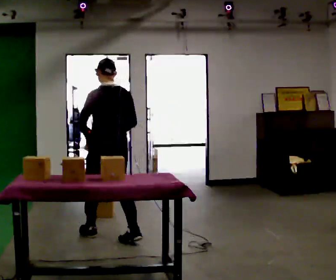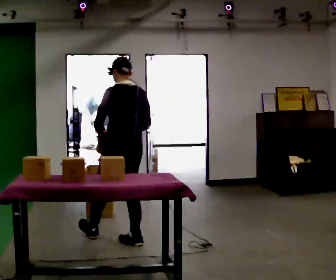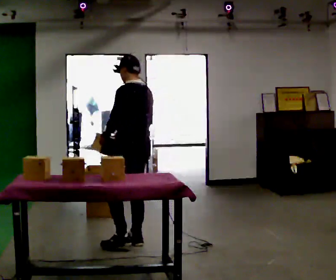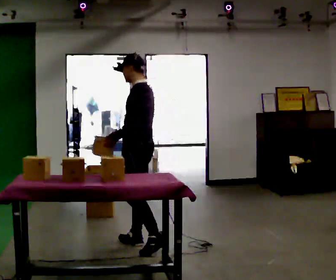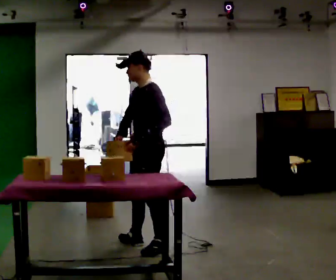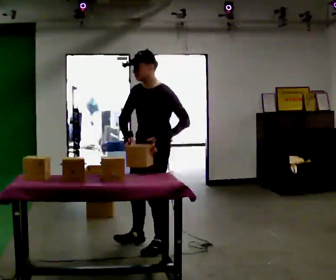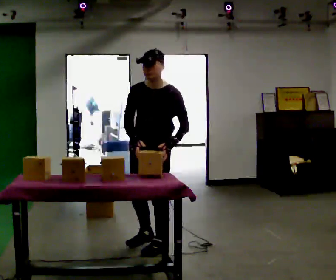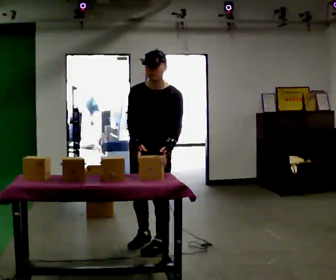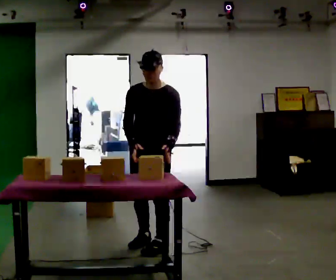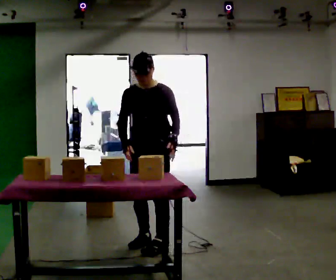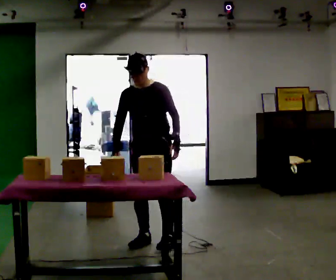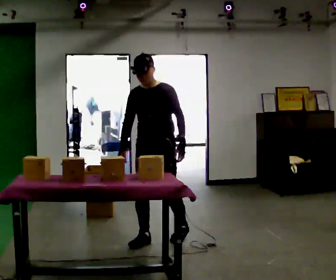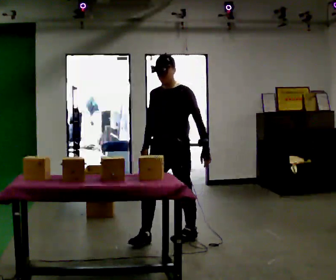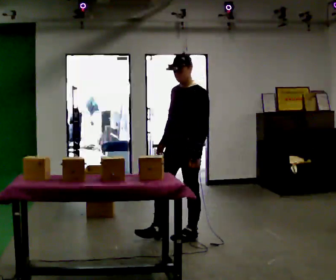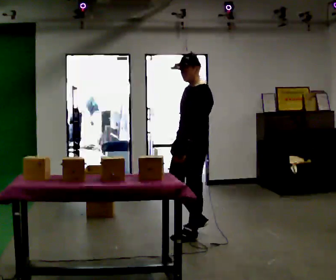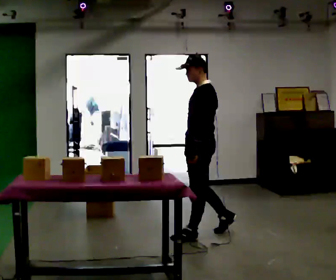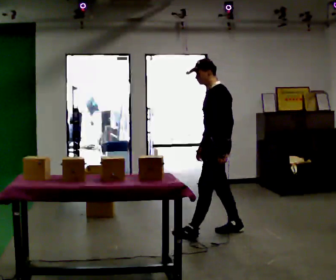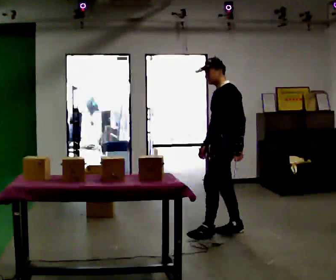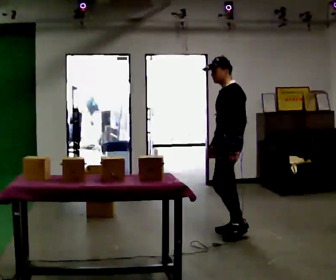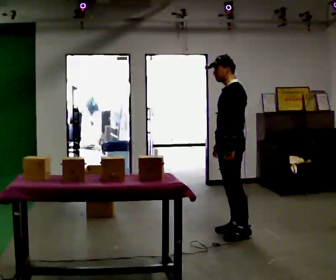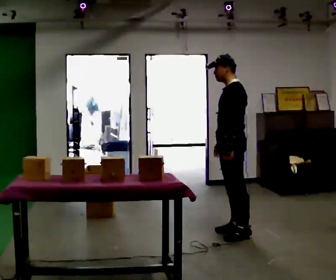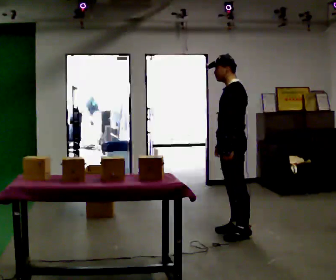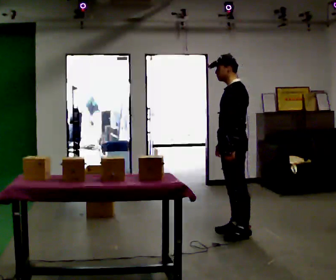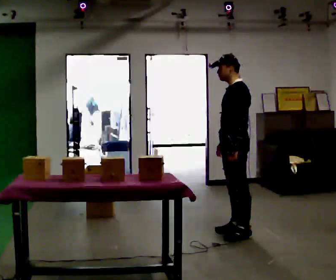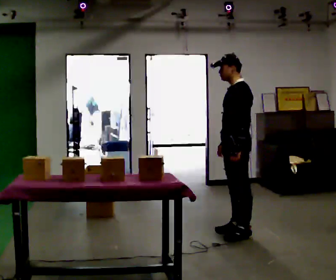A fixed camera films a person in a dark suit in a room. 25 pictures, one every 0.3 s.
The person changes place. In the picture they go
to the right.
0.0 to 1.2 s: The person turns about 75 degrees to their left, counterclockwise seen from above, so the part of the body nearest the lens slides to the right. In the picture they go to the right and toward the camera, about 0.5 m in 1 step.
1.2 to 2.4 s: The person turns about 45 degrees to their left, counterclockwise seen from above, so the part of the body nearest the lens slides to the right.
2.4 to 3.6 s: In the picture they go away from the camera, about 0.25 m in 1 step, which for them is backward.
3.6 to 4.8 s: The part of the body nearest the lens slides to the left as the person turns to their right by about 45 degrees. In the picture they go to the right and away from the camera, about 0.5 m in 1 step, which for them is backward.
4.8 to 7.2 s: In the picture they go to the right, about 0.25 m in 1 step, which for them is backward.
The film runs backward here.
